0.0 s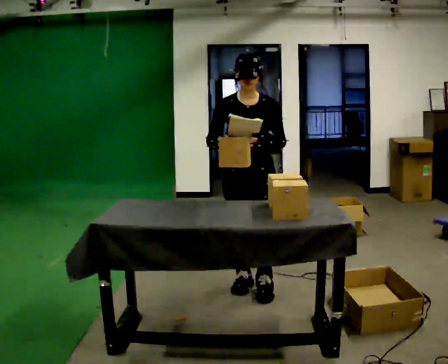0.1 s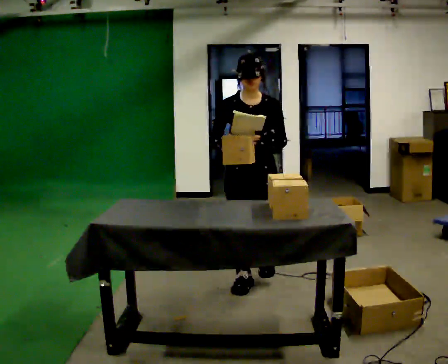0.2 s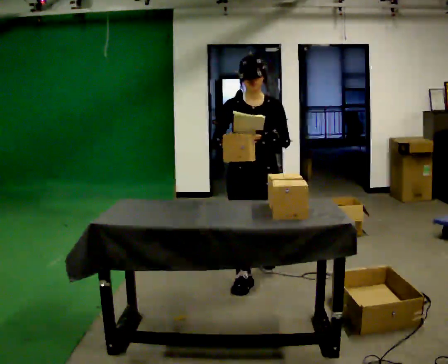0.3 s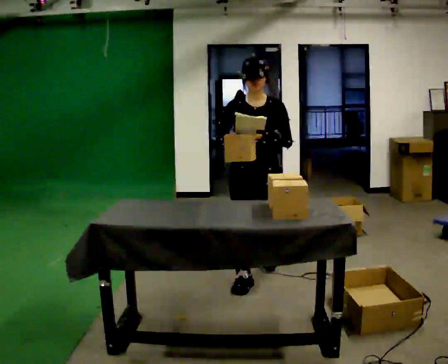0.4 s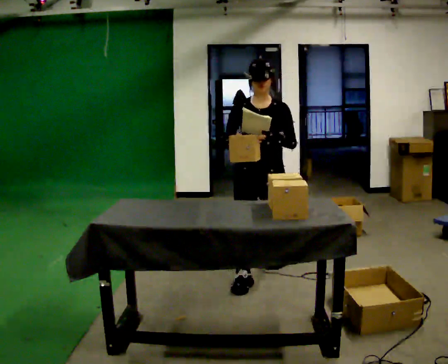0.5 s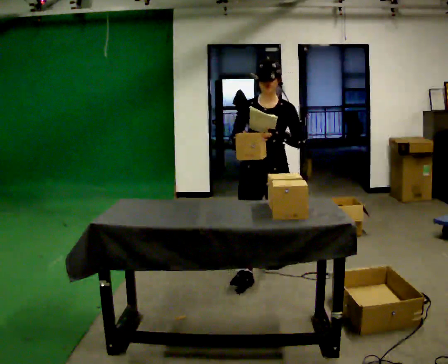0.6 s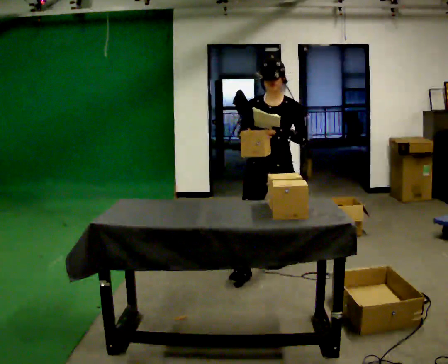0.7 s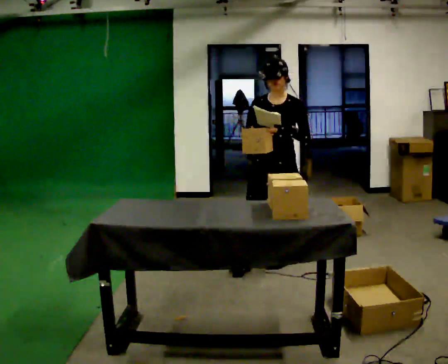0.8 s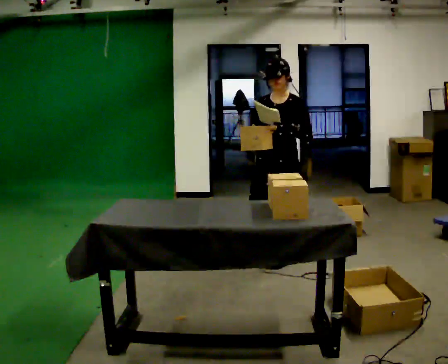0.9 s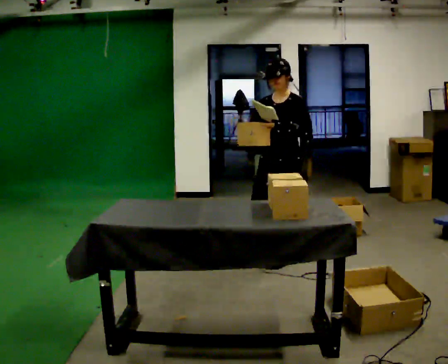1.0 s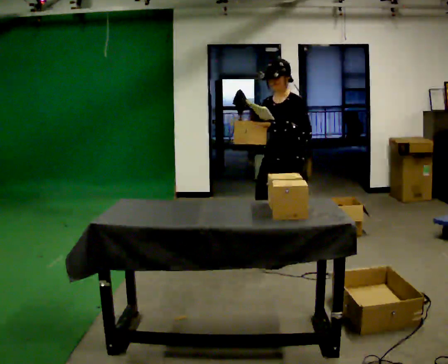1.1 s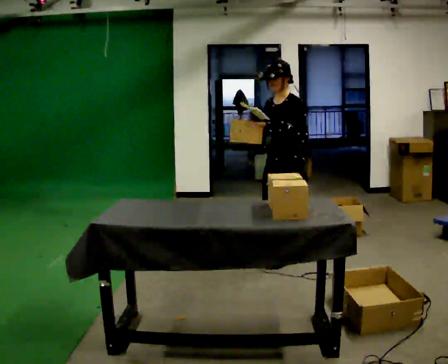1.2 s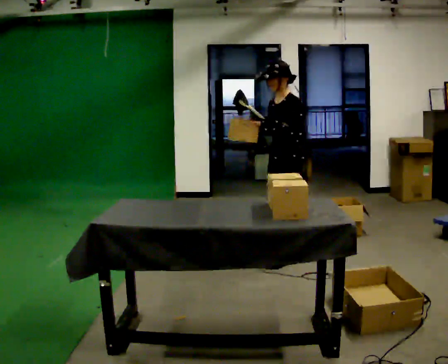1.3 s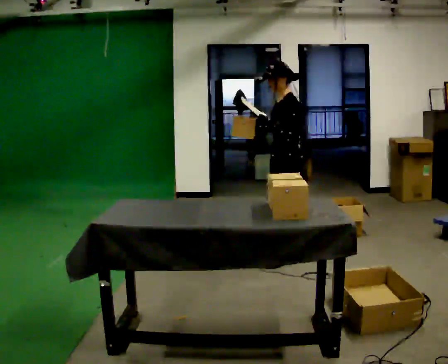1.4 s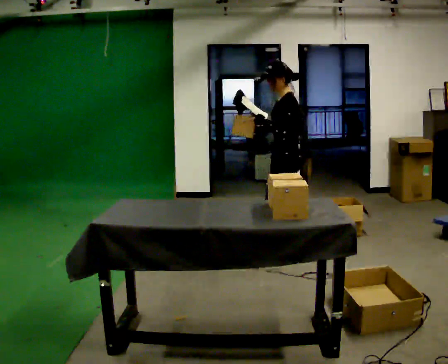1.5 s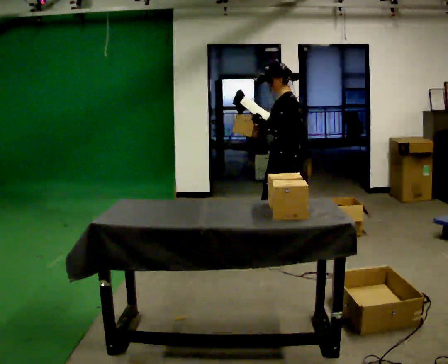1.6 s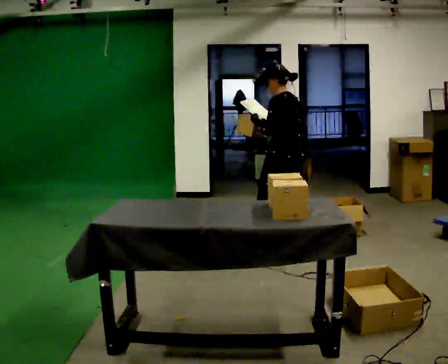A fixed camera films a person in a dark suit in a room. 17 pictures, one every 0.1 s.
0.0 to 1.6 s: The part of the body nearest the lens slides to the left as the person turns to their right by about 120 degrees. In the picture they go away from the camera, about 1 m in 2 steps.
The film runs backward here.
